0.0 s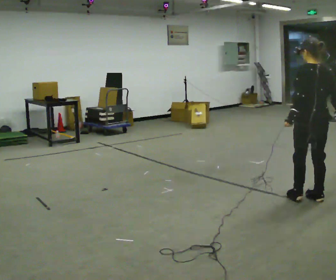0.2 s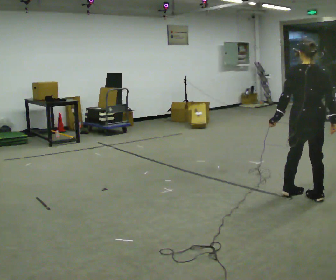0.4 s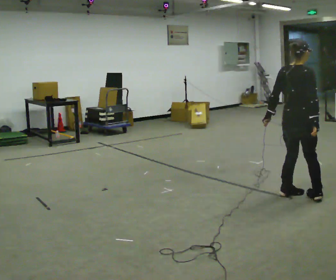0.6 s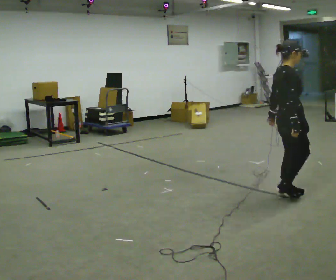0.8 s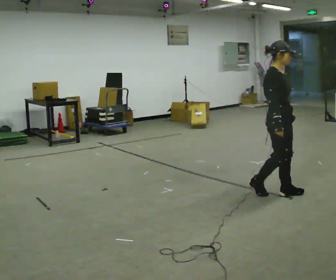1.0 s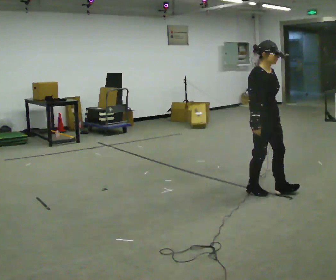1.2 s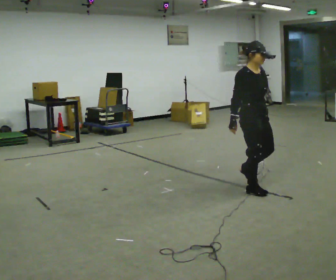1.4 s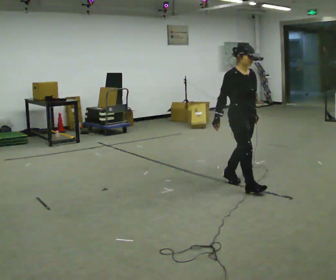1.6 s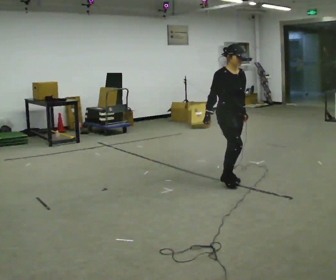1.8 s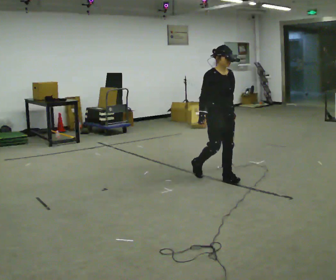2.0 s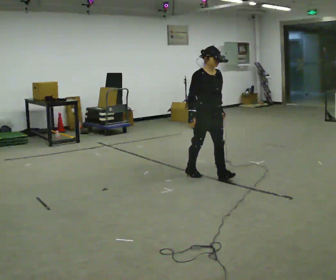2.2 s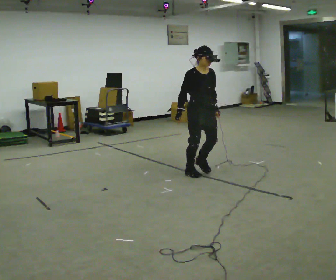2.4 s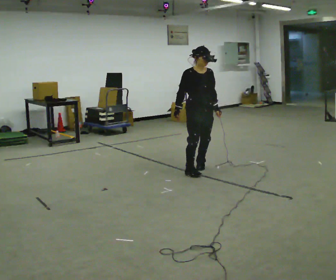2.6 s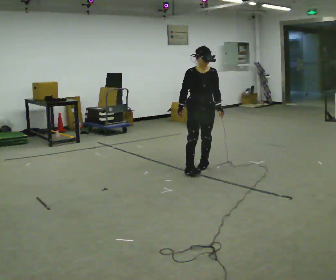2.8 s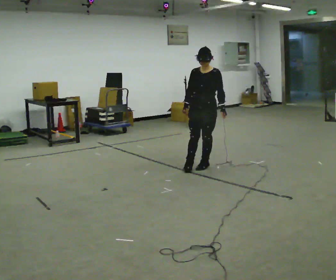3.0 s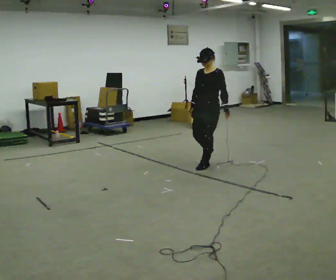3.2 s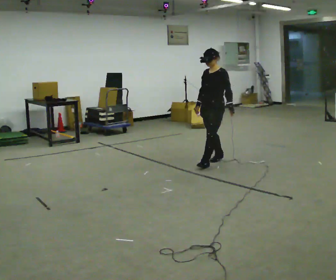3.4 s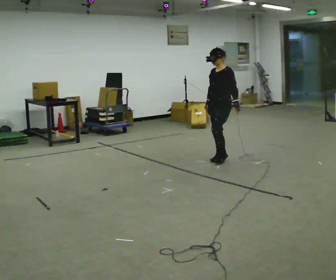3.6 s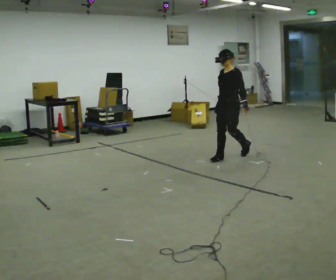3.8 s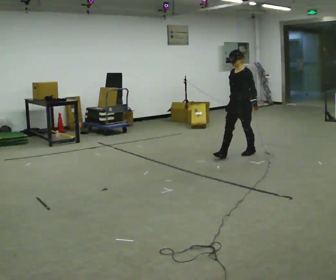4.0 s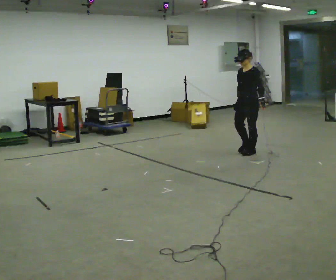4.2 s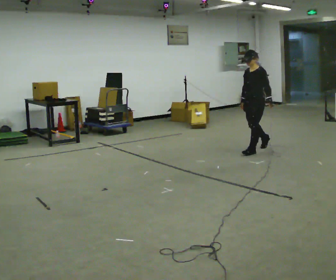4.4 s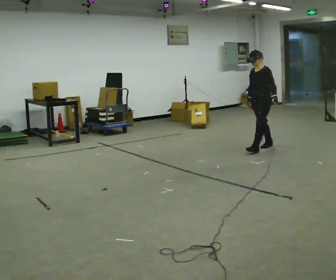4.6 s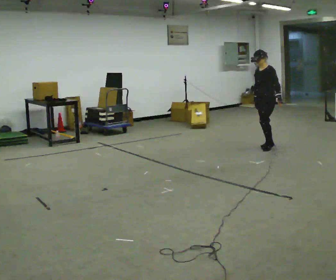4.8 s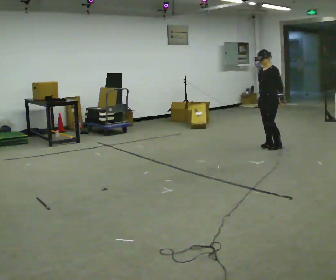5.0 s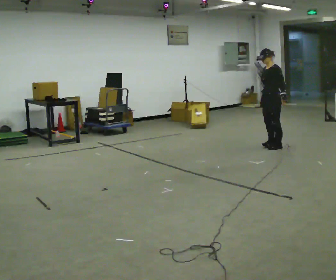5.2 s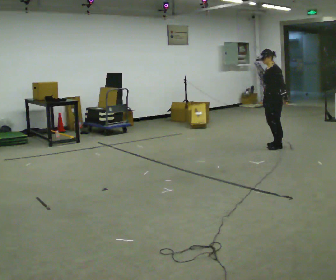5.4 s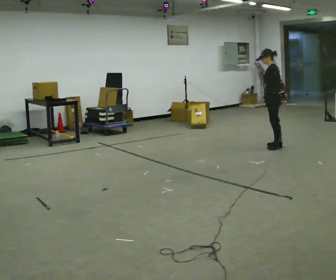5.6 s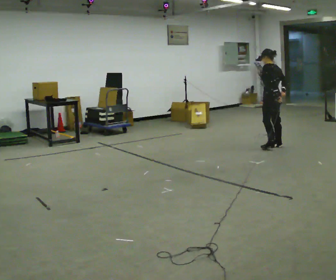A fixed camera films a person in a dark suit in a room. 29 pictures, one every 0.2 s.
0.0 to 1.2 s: Seen from above the body turns clockwise, about 150 degrees: to their right, with its near side sliding to the left. In the picture they go to the left and away from the camera, about 0.75 m in 2 steps.
1.2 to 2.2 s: In the picture they go away from the camera and to the left, about 1 m in 2 steps, which for them is backward.
2.2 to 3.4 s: The part of the body nearest the lens slides to the left as the person turns to their right by about 90 degrees. In the picture they go away from the camera and to the right, about 0.5 m in 2 steps.
3.4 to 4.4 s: In the picture they go to the right and away from the camera, about 1 m in 2 steps, which for them is backward.
4.4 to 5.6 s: Seen from above the body turns clockwise, about 75 degrees: to their right, with its near side sliding to the left. In the picture they go to the right, about 0.25 m in 1 step. In the picture their right hand goes to the right.
The film runs backward here.
